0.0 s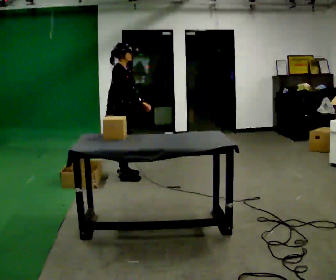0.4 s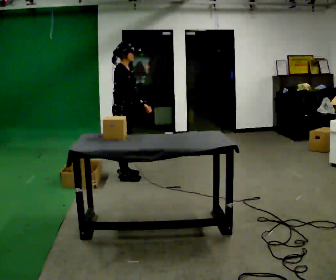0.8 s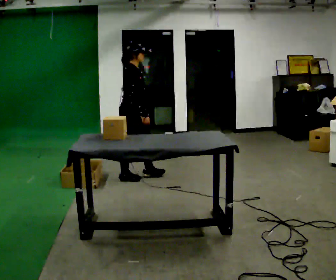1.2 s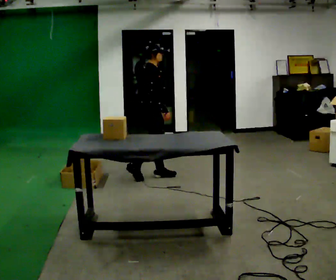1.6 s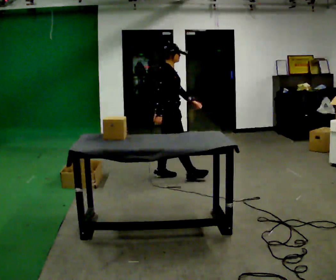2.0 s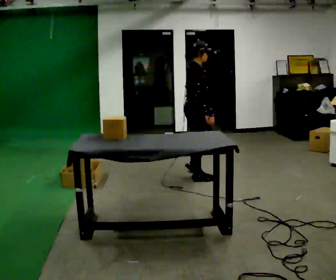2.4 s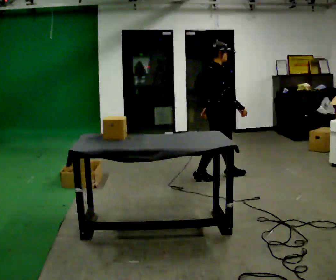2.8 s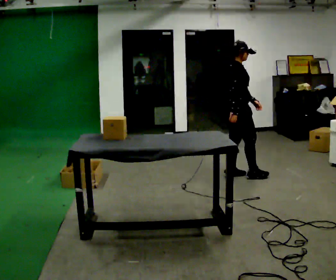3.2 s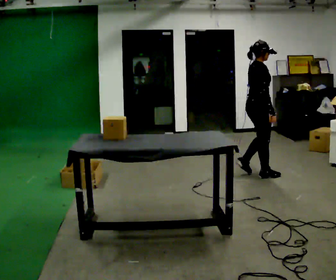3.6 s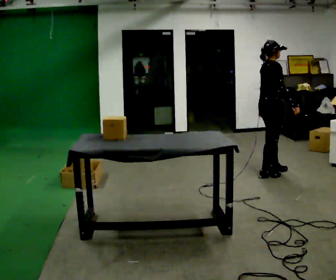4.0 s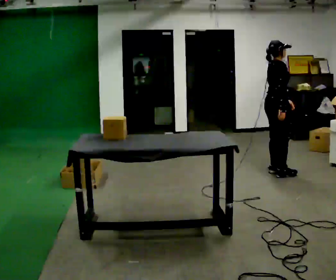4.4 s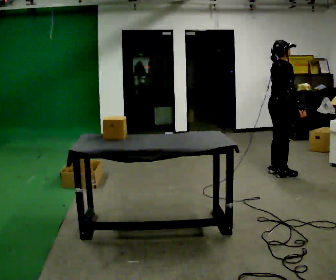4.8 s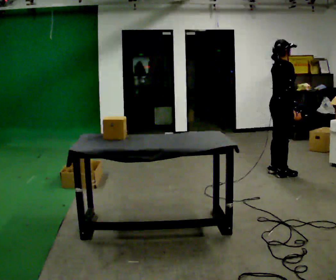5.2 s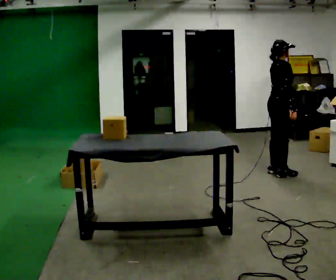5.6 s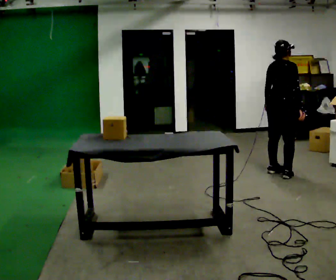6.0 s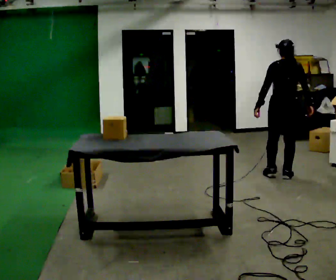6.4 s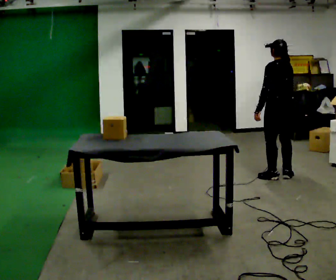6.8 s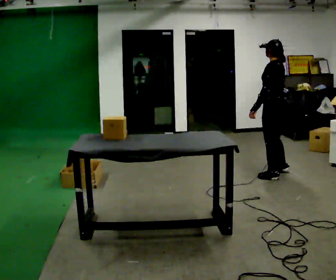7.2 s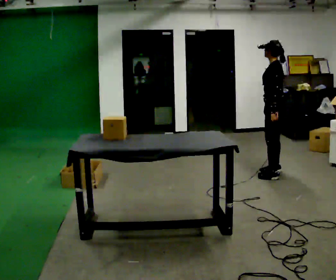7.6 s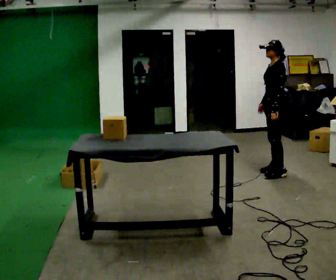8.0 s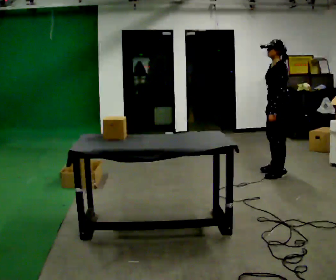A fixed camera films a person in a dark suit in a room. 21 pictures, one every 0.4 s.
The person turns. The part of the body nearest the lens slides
to the right.
The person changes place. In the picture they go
to the right.
0.0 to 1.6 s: In the picture they go to the right, about 0.5 m in 1 step, which for them is forward.
1.6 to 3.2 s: In the picture they go to the right, about 1 m in 3 steps, which for them is forward.
3.2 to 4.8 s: In the picture they go to the right, about 0.25 m in 2 steps, which for them is forward.
4.8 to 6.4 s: The person turns about 105 degrees to their left, counterclockwise seen from above, so the part of the body nearest the lens slides to the right.
6.4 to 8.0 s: The part of the body nearest the lens slides to the right as the person turns to their left by about 60 degrees.
The film runs forward here.
